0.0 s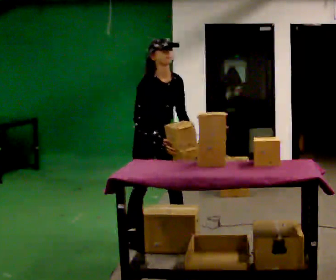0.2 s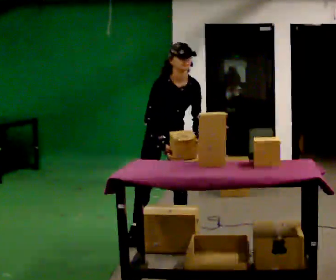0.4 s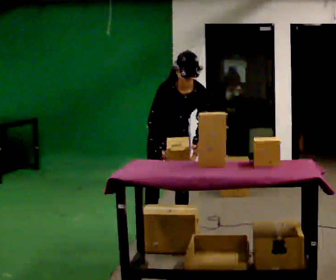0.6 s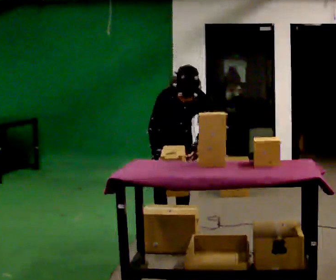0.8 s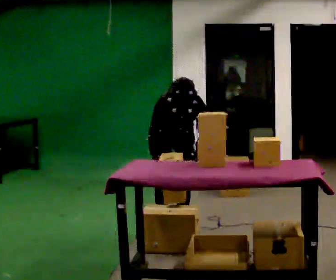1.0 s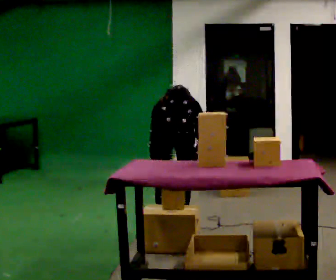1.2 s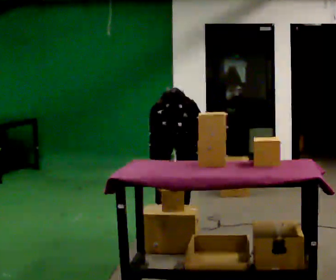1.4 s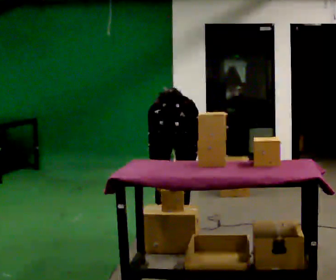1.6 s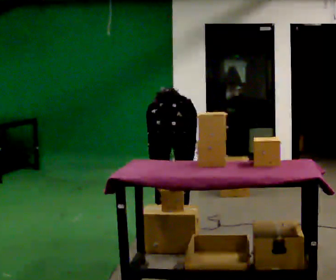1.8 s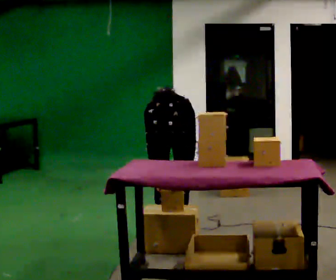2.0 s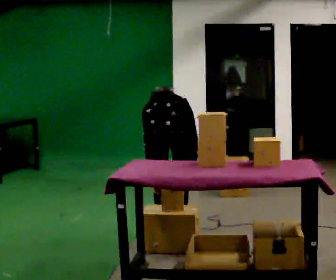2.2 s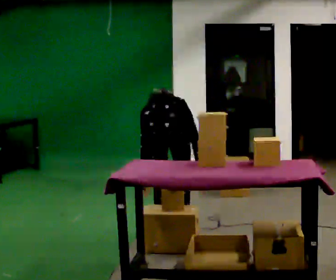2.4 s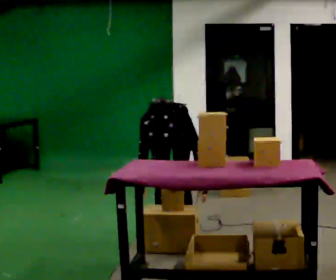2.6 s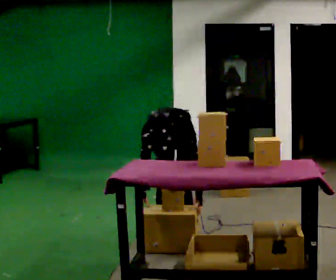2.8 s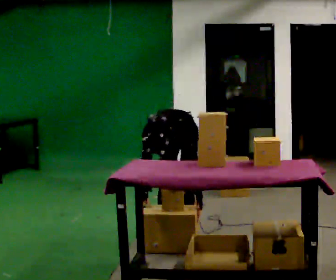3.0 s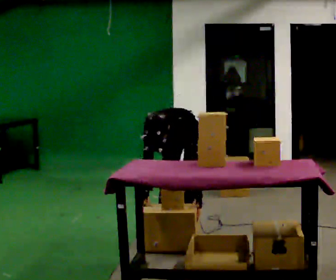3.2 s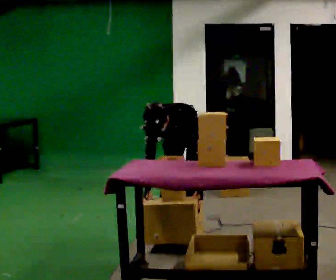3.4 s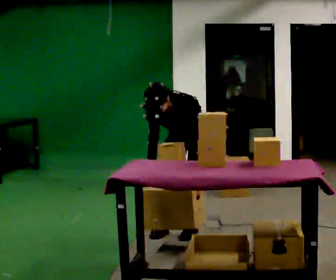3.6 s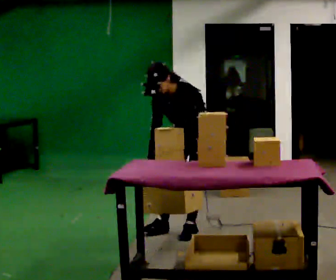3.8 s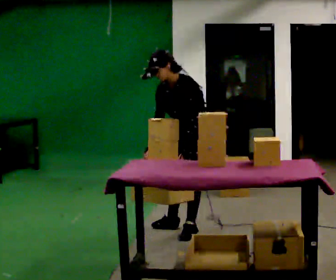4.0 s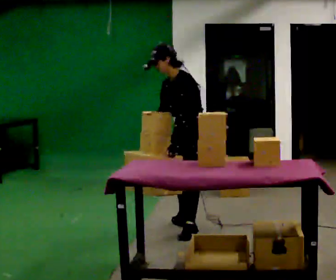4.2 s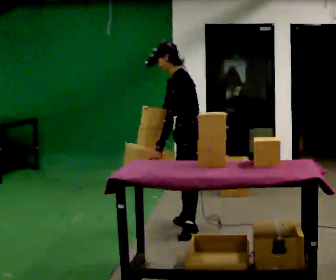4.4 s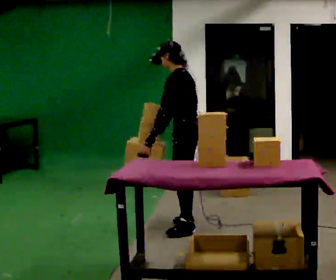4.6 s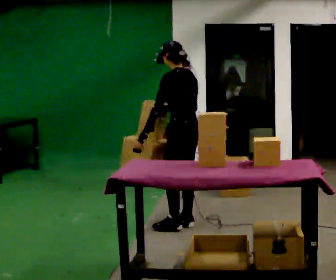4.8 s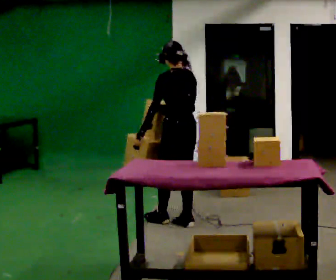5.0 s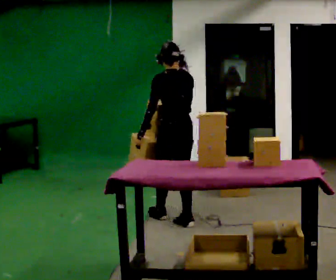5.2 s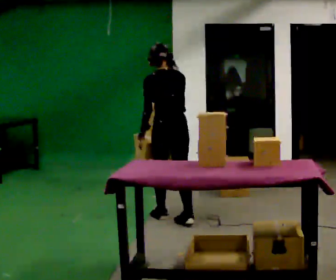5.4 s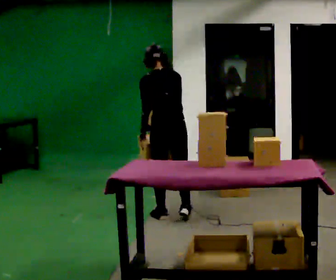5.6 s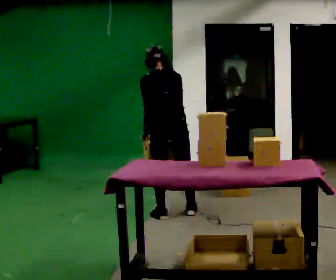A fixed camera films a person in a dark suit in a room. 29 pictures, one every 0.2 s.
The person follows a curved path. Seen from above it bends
counterclockwise.
The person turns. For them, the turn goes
to their right.
0.0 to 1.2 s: Seen from above the body turns clockwise, about 45 degrees: to their right, with its near side sliding to the left. In the picture they go away from the camera and to the right, about 0.25 m in 1 step, which for them is backward and to their left. The upper body goes downward. The upper body tips toward the camera, its near side rolling downward, as they bend forward.
1.2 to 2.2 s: The person moves a little, or ends about where they began.
2.2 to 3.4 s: In the picture they go to the right, about 0.25 m, which for them is to their left.
3.4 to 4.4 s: Seen from above the body turns clockwise, about 75 degrees: to their right, with its near side sliding to the left. The upper body goes upward. The upper body tips away from the camera, its near side rolling upward, as they lean back or straighten. In the picture their left hand goes to the left, the arm swinging clockwise.
4.4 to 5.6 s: The person turns about 75 degrees to their right, clockwise seen from above, so the part of the body nearest the lens slides to the left. In the picture they go away from the camera and to the left, about 0.25 m in 1 step.
The film runs forward here.
